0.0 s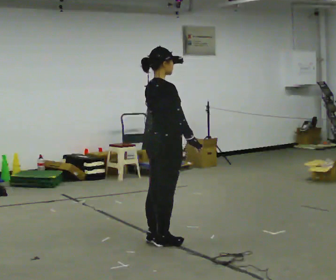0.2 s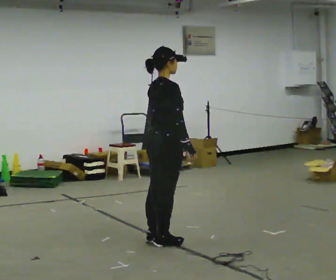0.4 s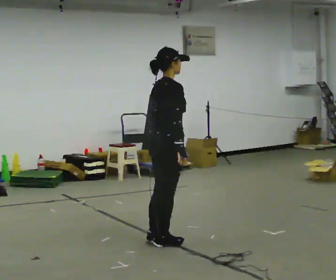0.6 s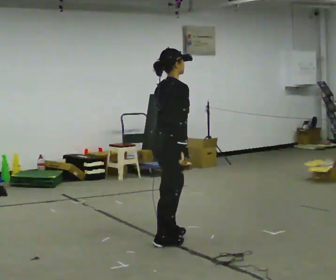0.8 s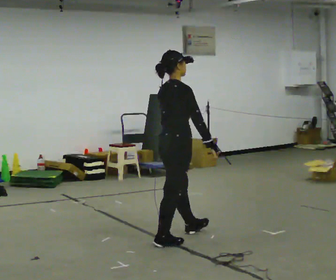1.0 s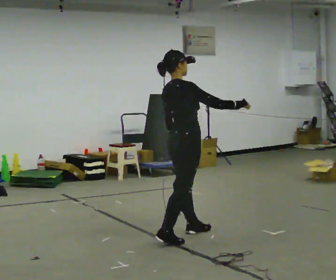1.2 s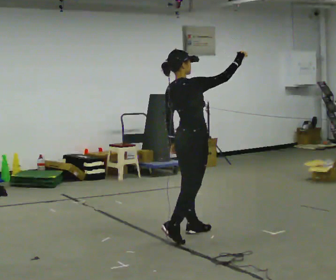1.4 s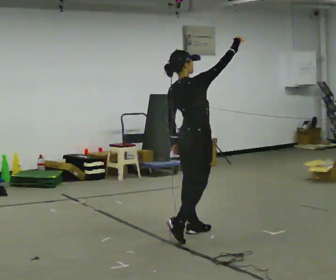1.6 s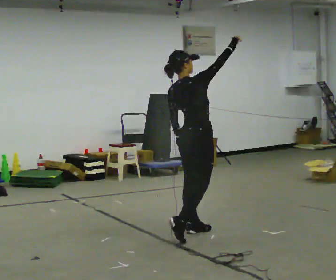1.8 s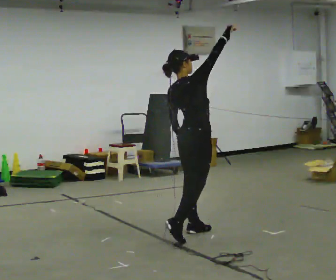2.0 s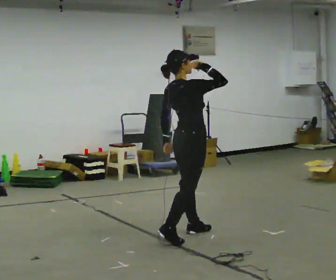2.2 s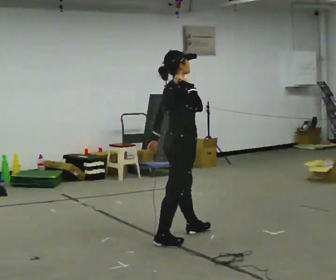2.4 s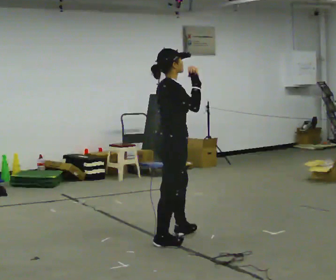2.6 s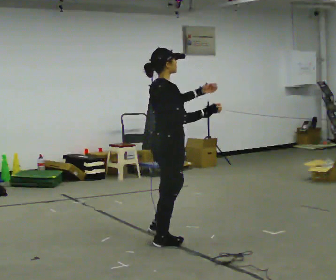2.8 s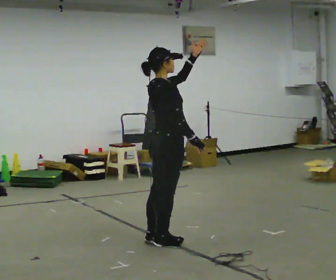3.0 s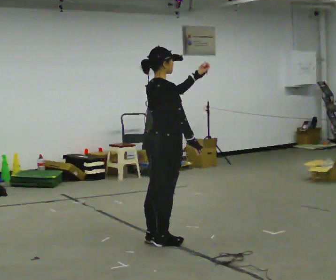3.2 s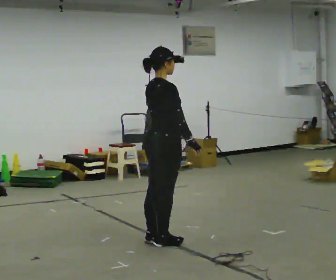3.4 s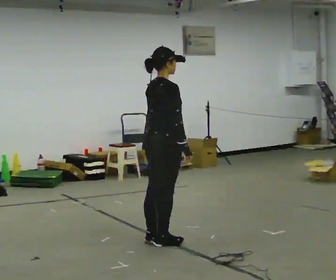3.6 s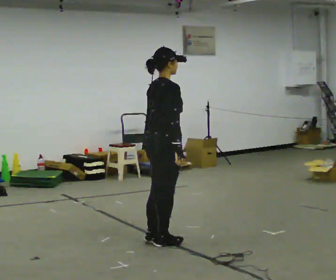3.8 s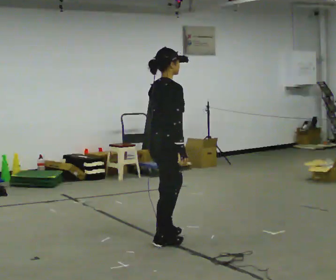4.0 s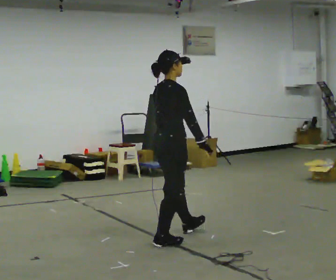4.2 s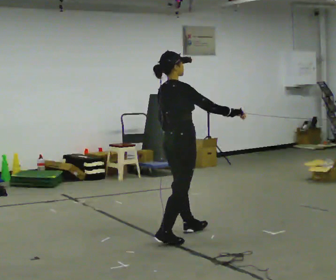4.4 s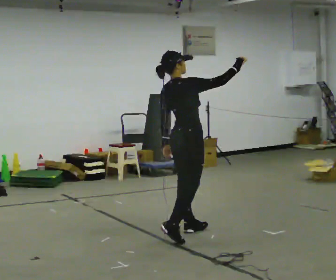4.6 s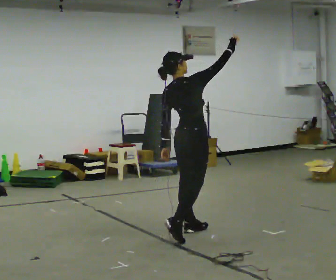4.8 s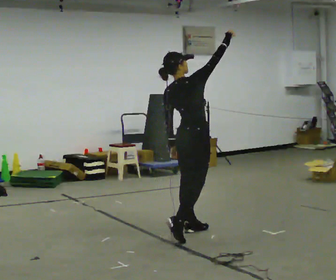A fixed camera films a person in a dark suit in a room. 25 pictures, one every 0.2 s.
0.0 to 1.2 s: In the picture they go to the right and away from the camera, about 0.25 m in 1 step, which for them is forward. In the picture their right hand goes upward.
1.2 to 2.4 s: In the picture they go toward the camera, about 0.25 m in 1 step, which for them is backward. In the picture their right hand goes to the left.
2.4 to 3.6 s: In the picture their right hand goes downward.
3.6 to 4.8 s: In the picture they go away from the camera and to the right, about 0.5 m in 1 step, which for them is forward. In the picture the upper body tilts counterclockwise, shoulders to the left. In the picture their right hand goes upward, the arm swinging counterclockwise.
The film runs backward here.
